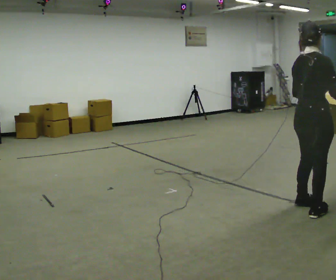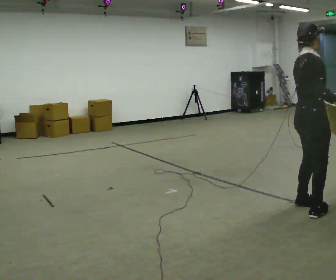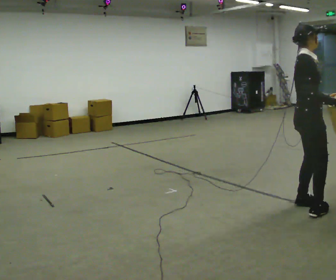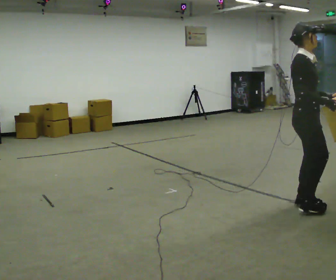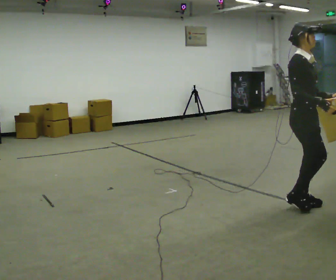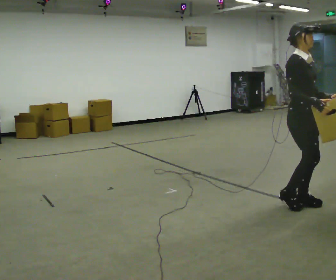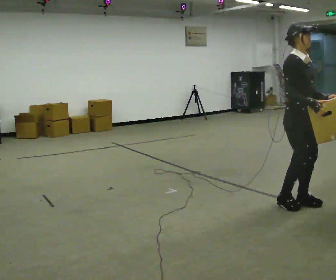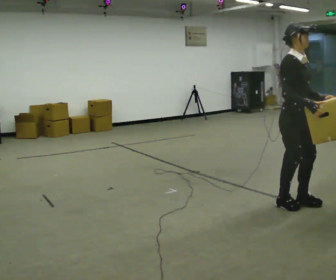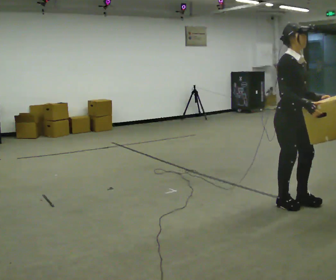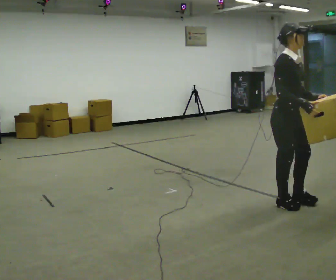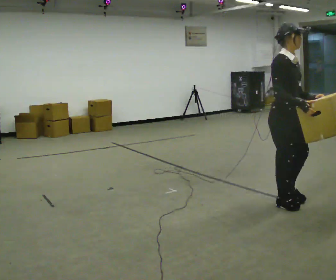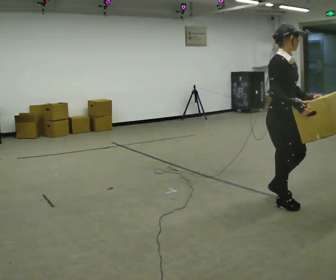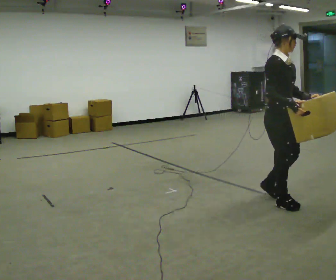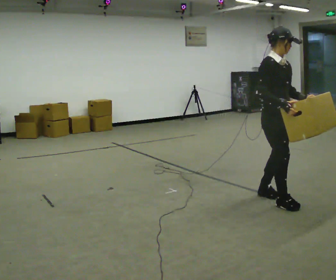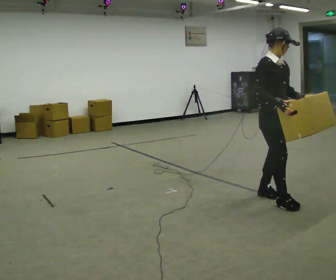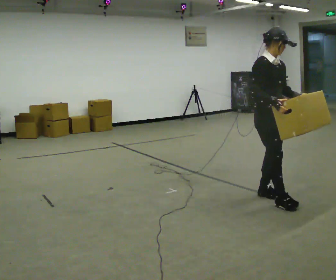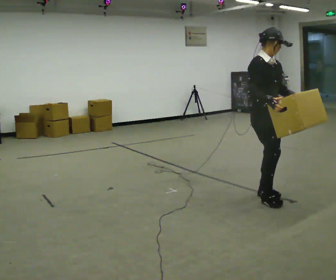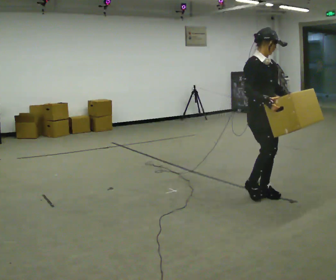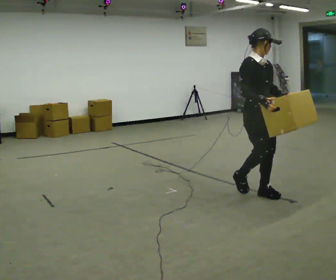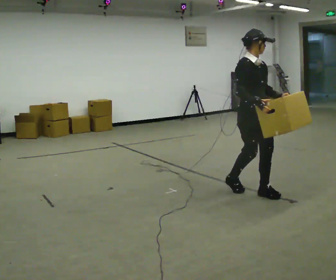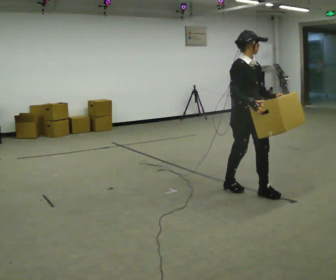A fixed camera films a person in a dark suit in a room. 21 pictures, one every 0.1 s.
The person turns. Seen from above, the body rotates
clockwise.
The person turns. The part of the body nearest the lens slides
to the left.
0.0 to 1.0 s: Seen from above the body turns clockwise, about 60 degrees: to their right, with its near side sliding to the left. In the picture they go to the left and away from the camera, about 0.25 m in 2 steps.
1.0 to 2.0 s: In the picture they go to the left and away from the camera, about 0.5 m in 1 step, which for them is backward.
The film runs backward here.
